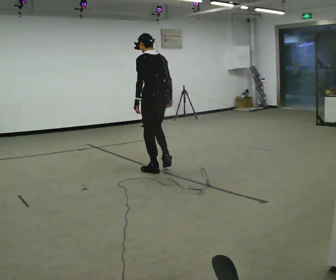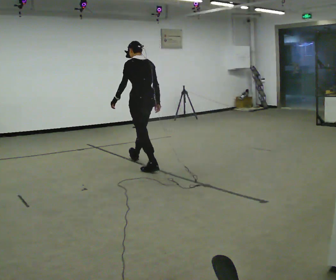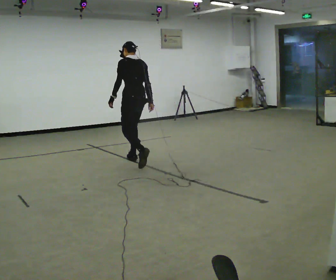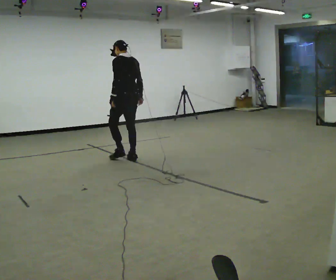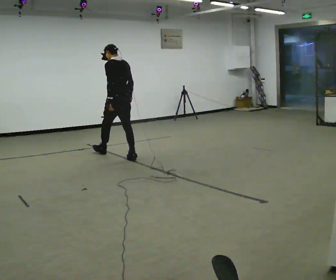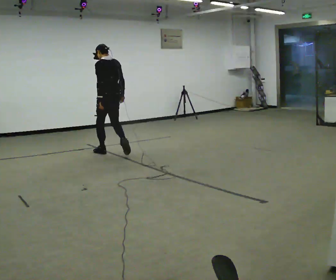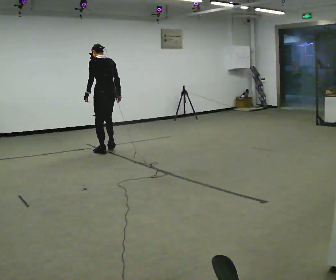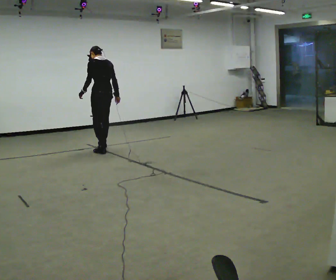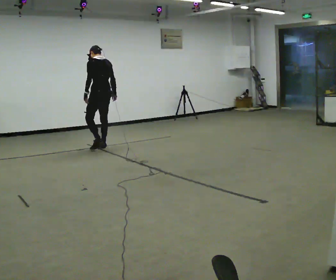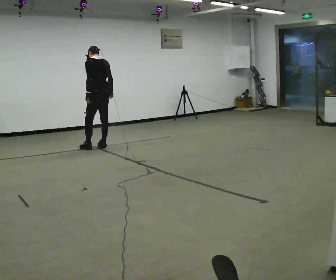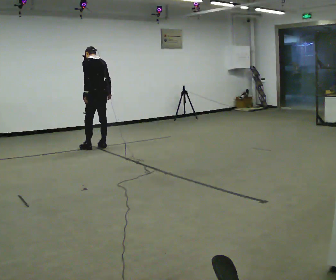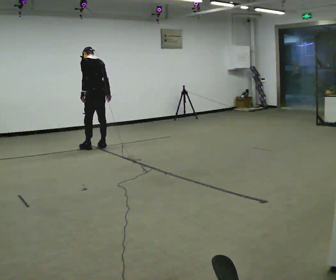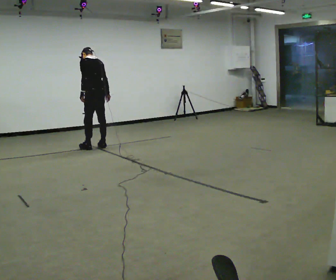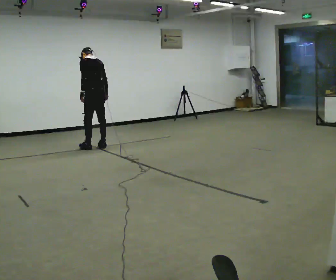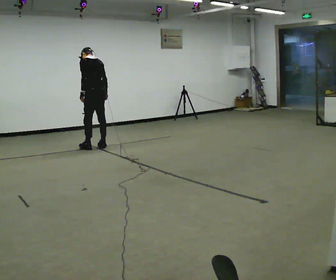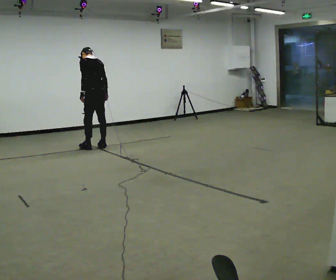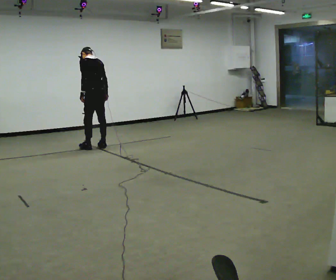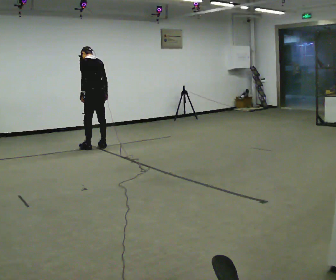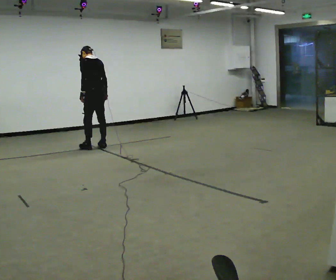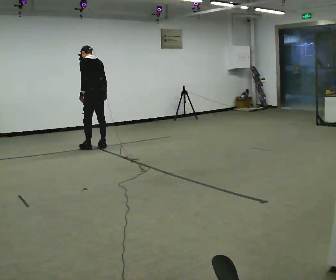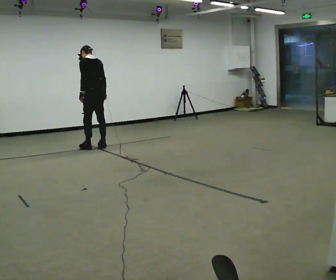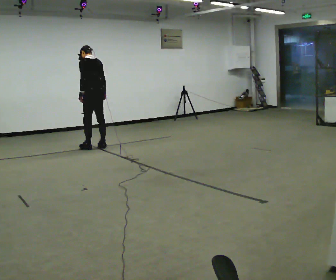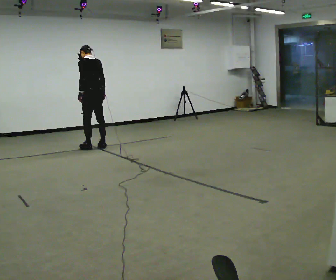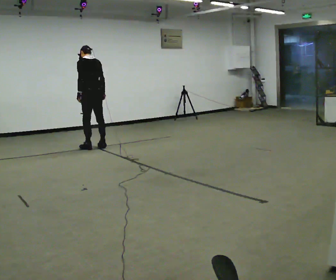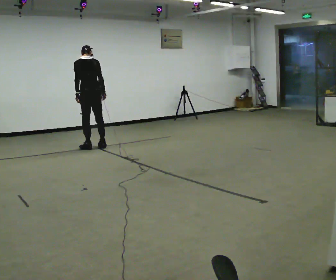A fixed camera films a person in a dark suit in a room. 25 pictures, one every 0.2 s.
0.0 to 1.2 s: In the picture they go away from the camera and to the left, about 1.5 m in 2 steps, which for them is forward.
1.2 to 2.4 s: In the picture they go away from the camera, about 0.25 m in 2 steps, which for them is forward.
2.4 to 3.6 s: The person moves a little, or ends about where they began.
3.6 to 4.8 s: The person turns about 30 degrees to their right, clockwise seen from above, so the part of the body nearest the lens slides to the left.
The film runs forward here.
